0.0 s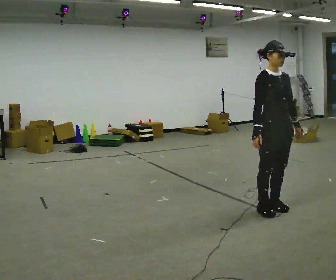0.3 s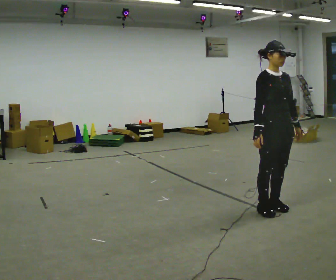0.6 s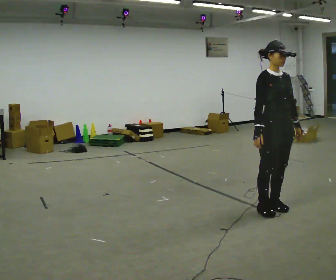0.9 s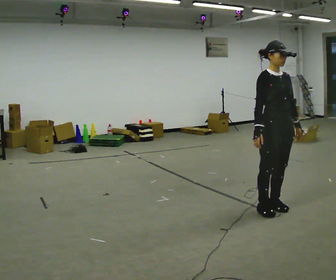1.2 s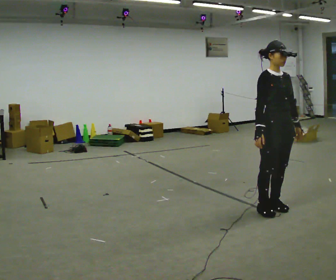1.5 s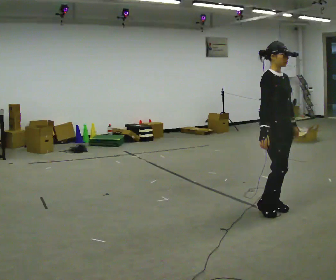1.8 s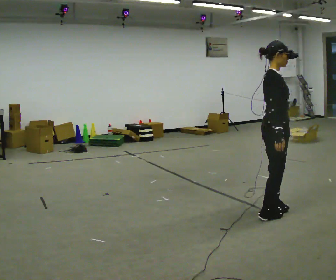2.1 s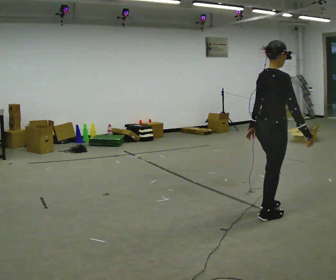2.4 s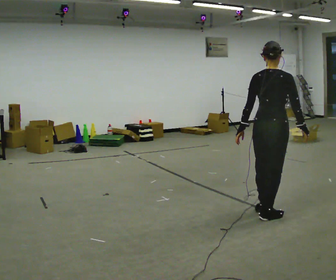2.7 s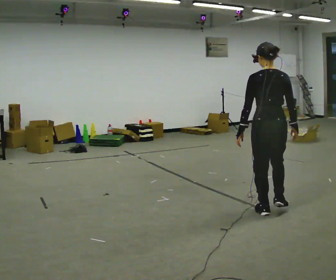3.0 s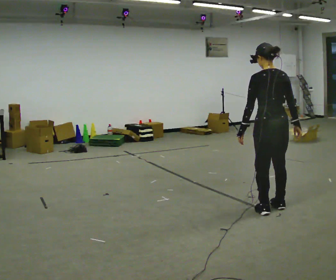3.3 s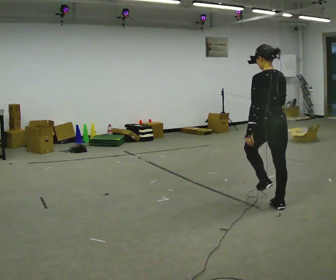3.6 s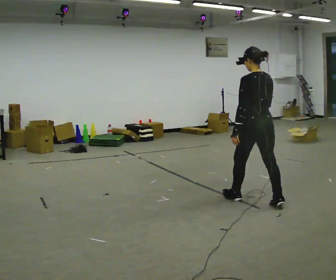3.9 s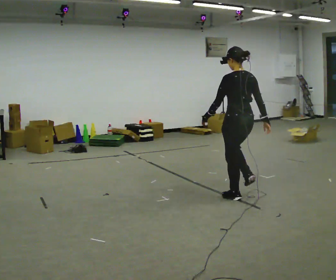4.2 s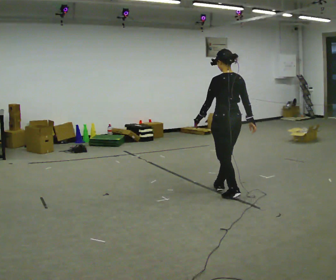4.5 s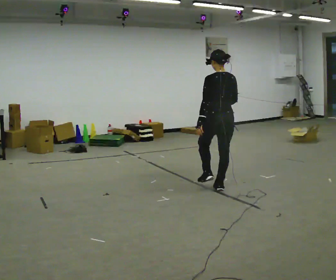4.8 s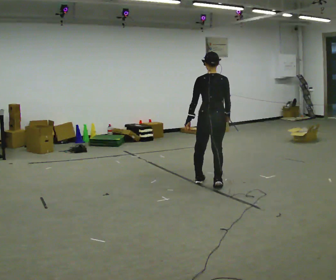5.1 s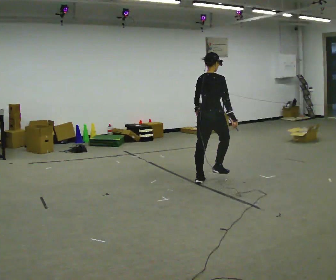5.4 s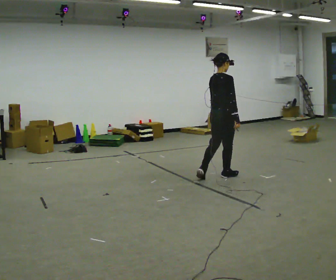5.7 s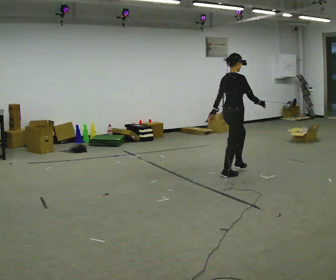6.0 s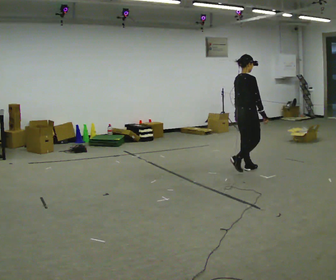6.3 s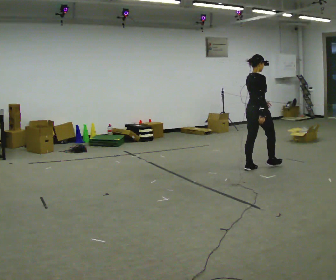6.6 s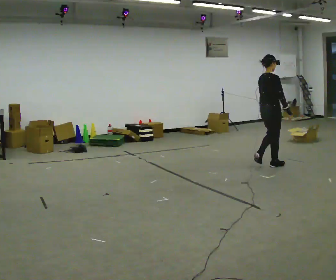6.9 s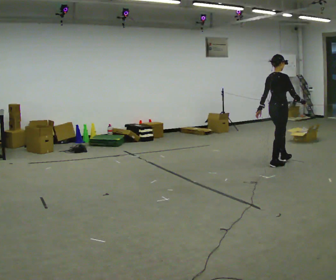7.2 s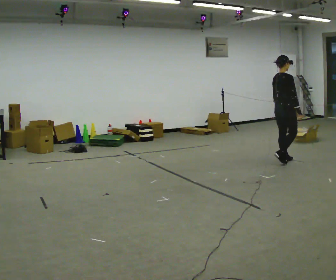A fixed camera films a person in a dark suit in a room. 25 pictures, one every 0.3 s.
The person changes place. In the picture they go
away from the camera.
0.0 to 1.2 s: The person keeps their place and pose.
1.2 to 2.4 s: The person turns about 120 degrees to their left, counterclockwise seen from above, so the part of the body nearest the lens slides to the right. In the picture their right hand goes to the right, the arm swinging counterclockwise.
2.4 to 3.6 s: The part of the body nearest the lens slides to the right as the person turns to their left by about 45 degrees. In the picture they go away from the camera, about 0.5 m in 2 steps, which for them is forward.
3.6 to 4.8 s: The person turns about 30 degrees to their right, clockwise seen from above, so the part of the body nearest the lens slides to the left. In the picture they go away from the camera and to the left, about 1 m in 2 steps, which for them is forward.
4.8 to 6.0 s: The person turns about 45 degrees to their right, clockwise seen from above, so the part of the body nearest the lens slides to the left. In the picture they go away from the camera and to the right, about 1 m in 2 steps, which for them is forward.
6.0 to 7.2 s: In the picture they go to the right and away from the camera, about 0.5 m in 2 steps, which for them is forward.
The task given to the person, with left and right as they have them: Walk; turn 90° left/right; walk several steps; stop.
The film runs forward here.
